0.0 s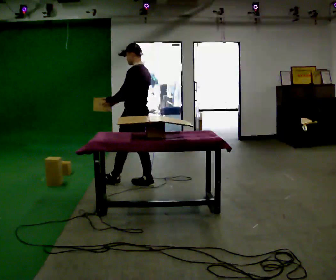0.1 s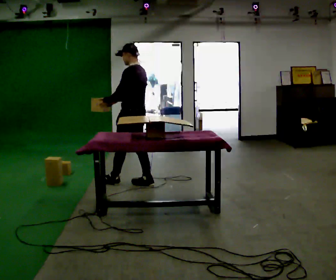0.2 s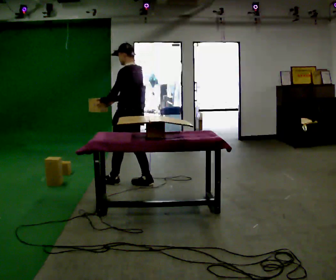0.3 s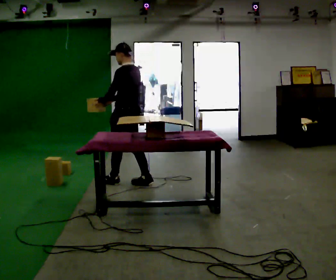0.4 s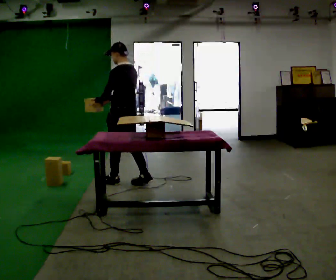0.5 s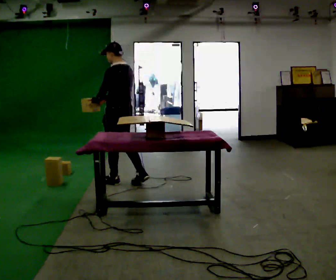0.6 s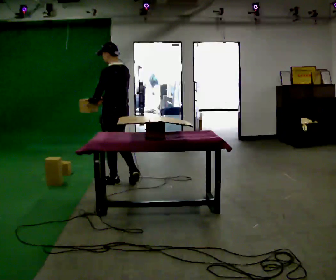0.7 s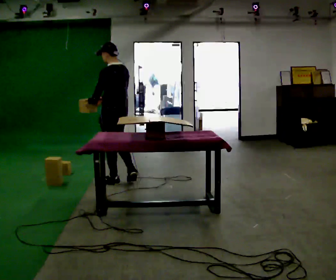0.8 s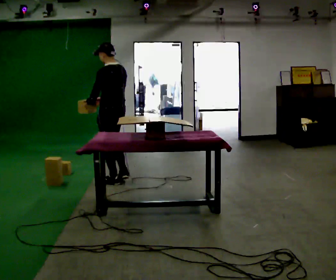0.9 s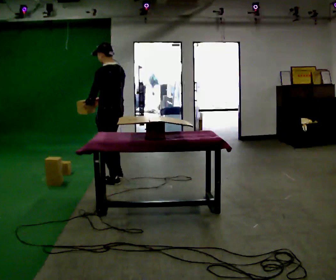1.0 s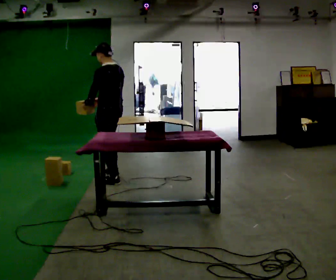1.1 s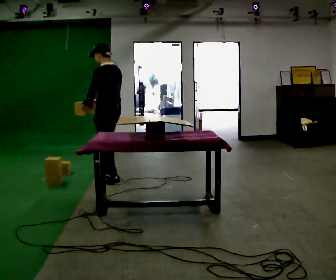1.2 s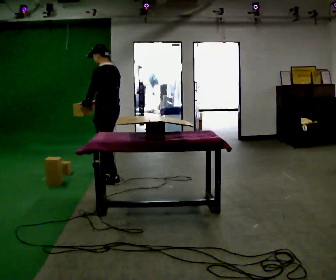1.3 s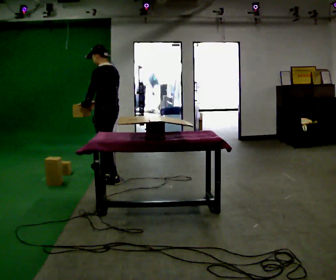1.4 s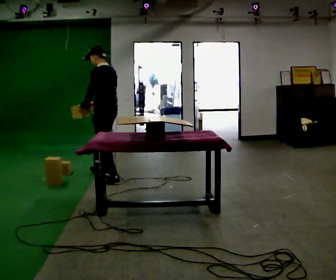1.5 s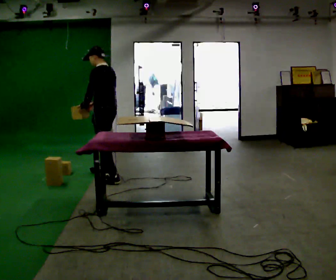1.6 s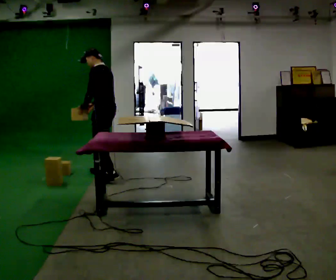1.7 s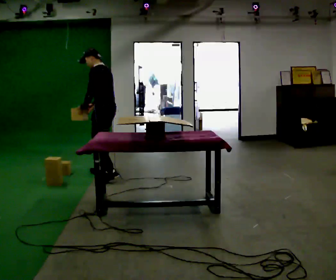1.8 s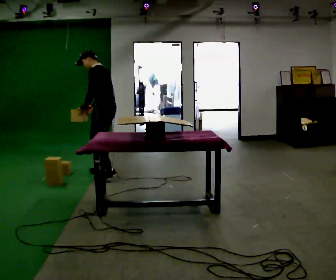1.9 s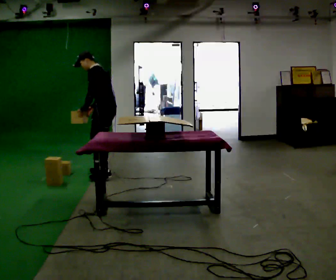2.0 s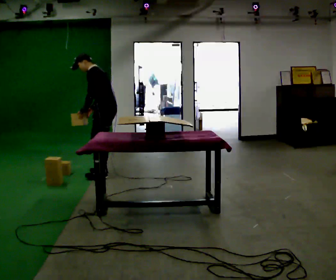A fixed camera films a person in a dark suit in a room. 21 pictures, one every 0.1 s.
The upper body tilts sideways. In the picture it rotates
counterclockwise.
0.0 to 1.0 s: In the picture they go to the left, about 0.25 m, which for them is forward and to their left.
1.0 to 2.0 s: Seen from above the body turns counterclockwise, about 30 degrees: to their left, with its near side sliding to the right. In the picture they go away from the camera, about 0.25 m in 1 step, which for them is to their right and forward. In the picture the upper body tilts counterclockwise, shoulders to the left, as they bend forward.
The film runs forward here.
